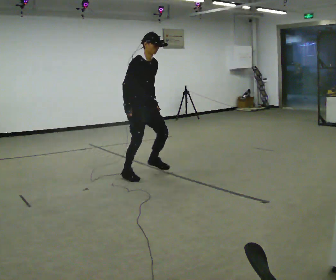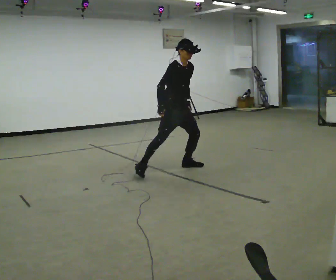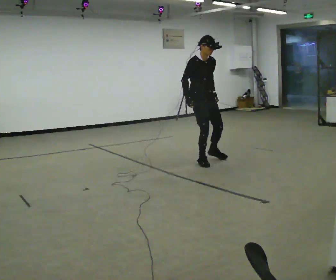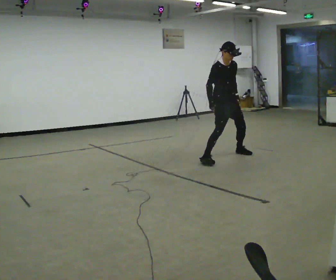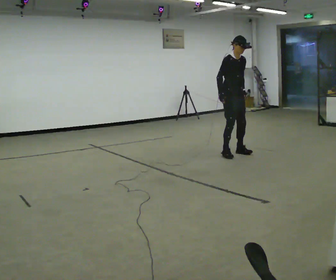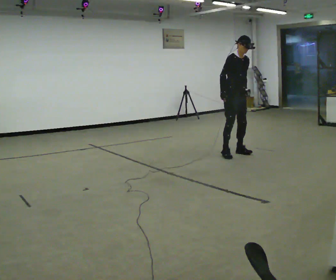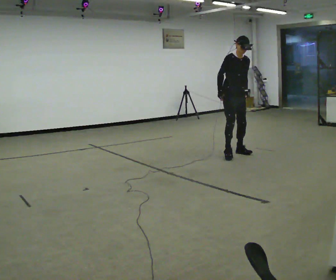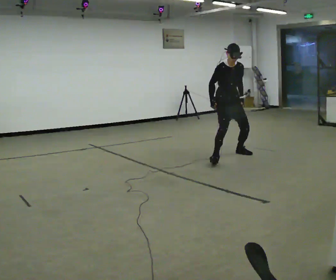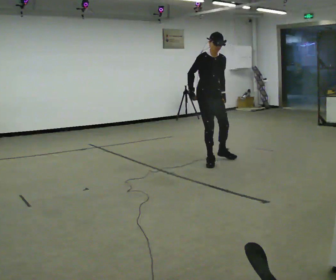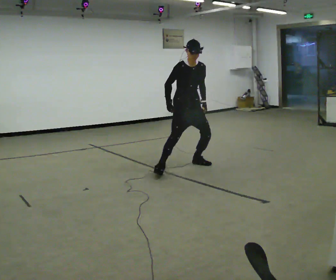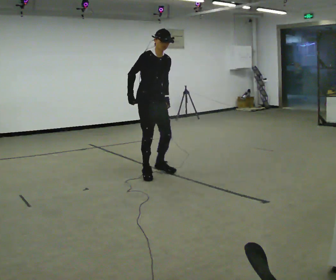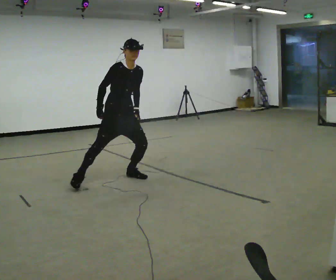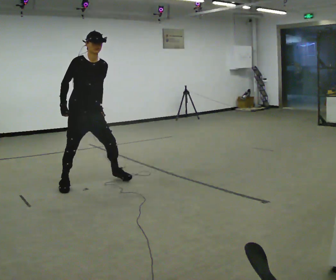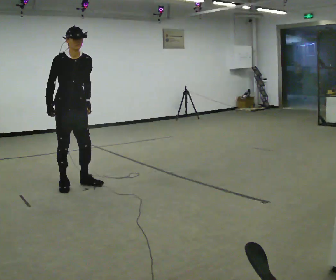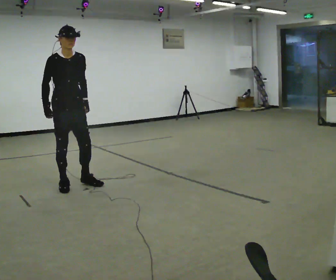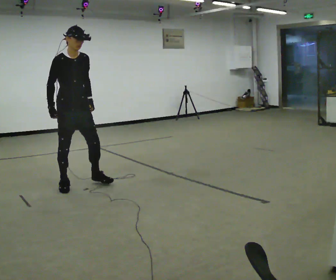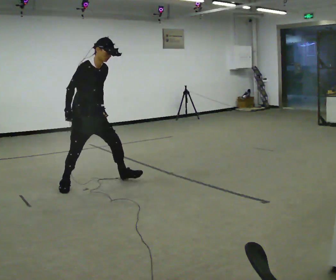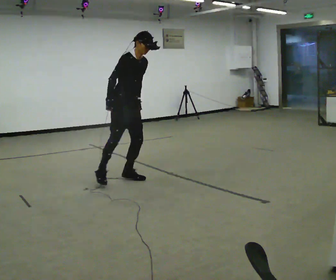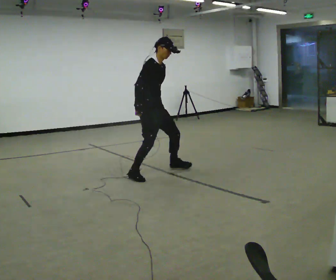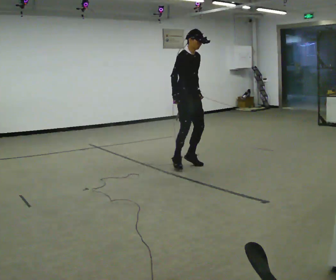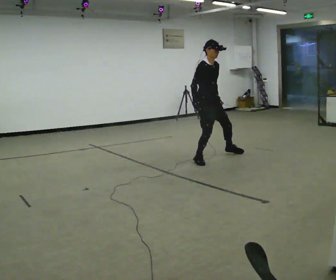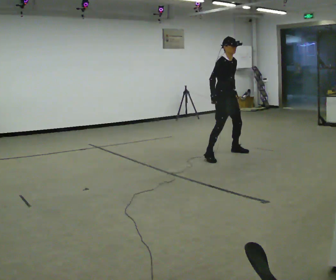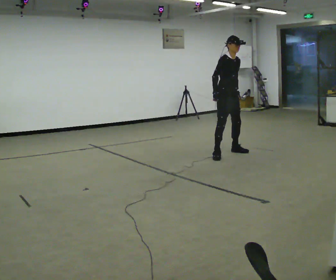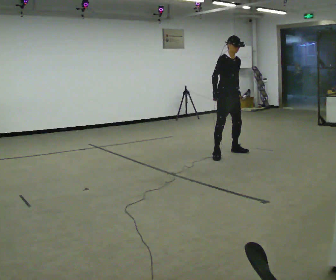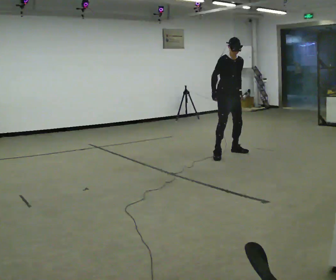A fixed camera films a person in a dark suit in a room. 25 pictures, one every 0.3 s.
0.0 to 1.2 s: In the picture they go to the right and away from the camera, about 1.5 m in 4 steps, which for them is to their left.
1.2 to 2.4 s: In the picture they go to the left and toward the camera, about 0.5 m in 1 step, which for them is to their right and forward.
2.4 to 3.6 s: In the picture they go to the left and toward the camera, about 1.5 m in 4 steps, which for them is to their right.
3.6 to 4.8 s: The person moves a little, or ends about where they began.
4.8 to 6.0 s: In the picture they go to the right and away from the camera, about 2 m in 4 steps, which for them is to their left. In the picture the upper body tilts counterclockwise, shoulders to the left.
6.0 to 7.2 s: In the picture they go to the right and away from the camera, about 0.5 m in 2 steps, which for them is to their left.
The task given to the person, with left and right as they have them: Shuffle sideways quickly in the direction the operator calls, without crossing your feet.
The film runs forward here.
